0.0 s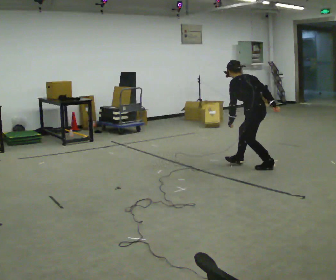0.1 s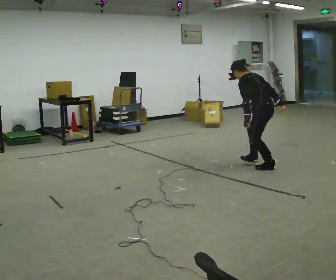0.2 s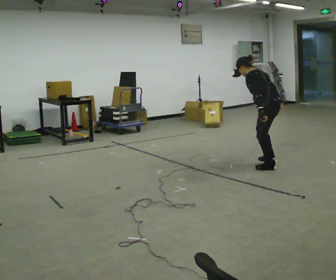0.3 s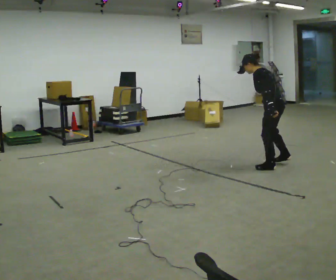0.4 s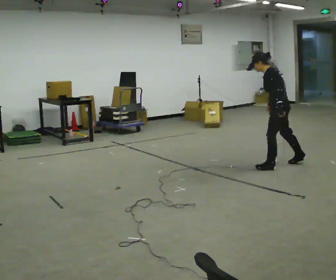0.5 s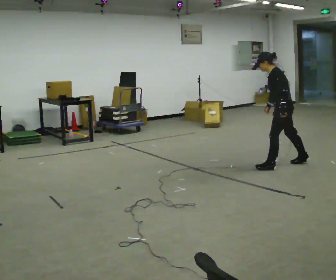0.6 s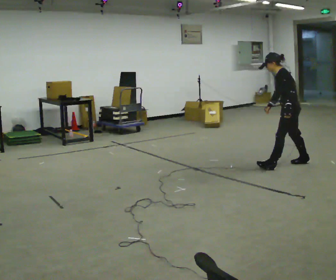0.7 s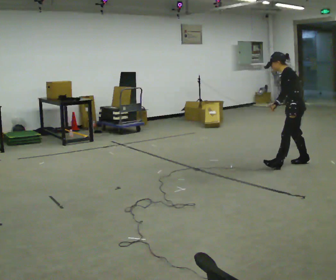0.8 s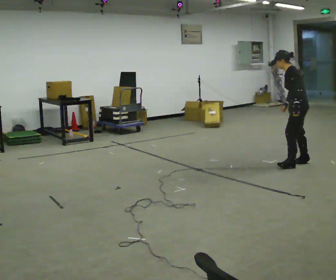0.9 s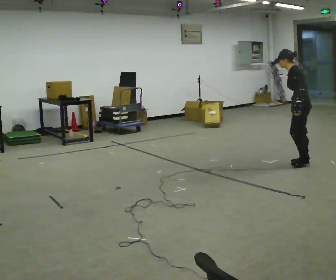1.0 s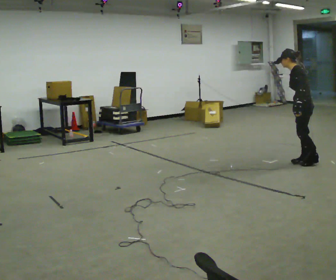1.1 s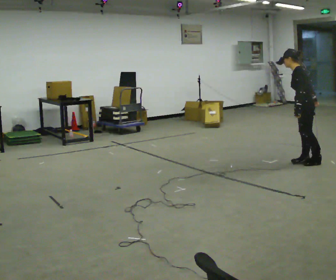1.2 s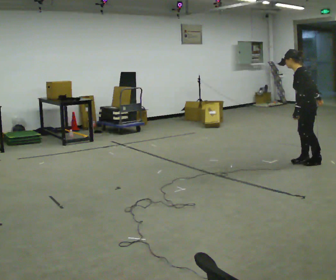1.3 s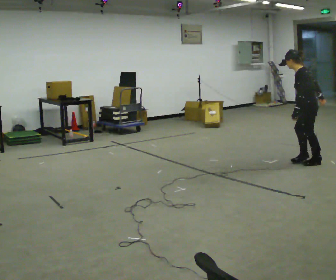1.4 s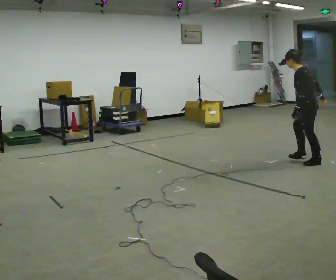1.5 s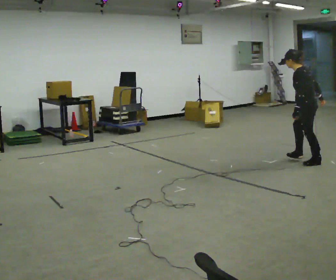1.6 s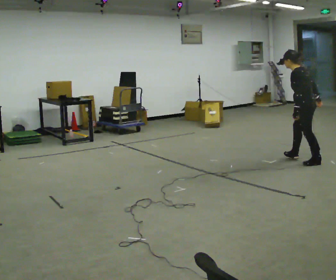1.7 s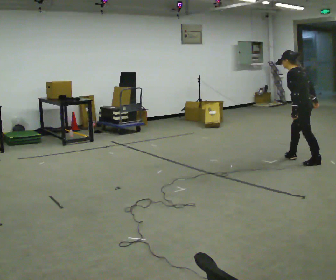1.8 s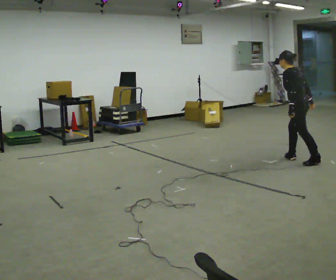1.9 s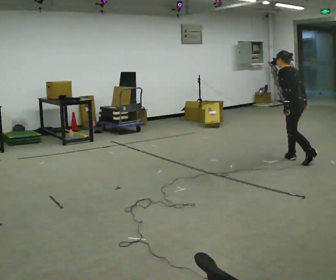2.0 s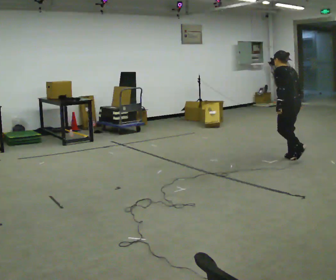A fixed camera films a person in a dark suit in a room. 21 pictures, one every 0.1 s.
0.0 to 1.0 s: The person turns about 30 degrees to their left, counterclockwise seen from above, so the part of the body nearest the lens slides to the right. In the picture they go to the right, about 0.5 m in 2 steps, which for them is backward. In the picture the upper body tilts clockwise, shoulders to the right, as they lean back or straighten.
1.0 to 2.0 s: The part of the body nearest the lens slides to the left as the person turns to their right by about 45 degrees. In the picture they go to the left and away from the camera, about 0.25 m in 2 steps, which for them is forward and to their right.
The film runs forward here.
